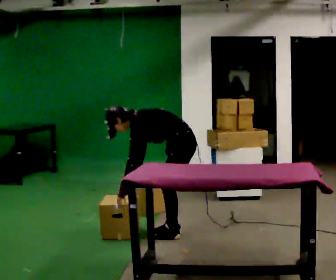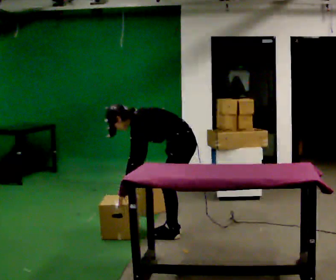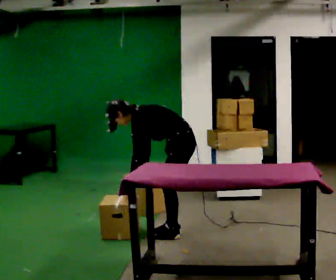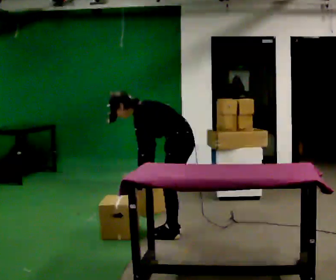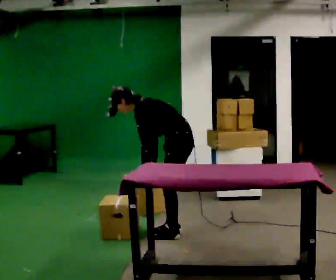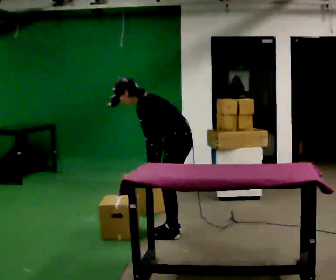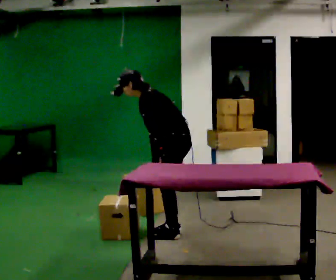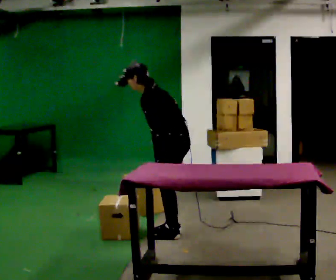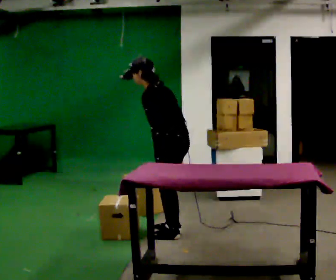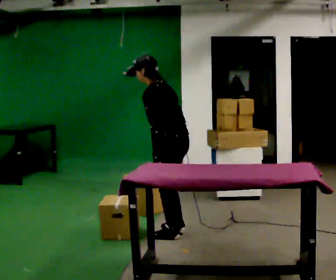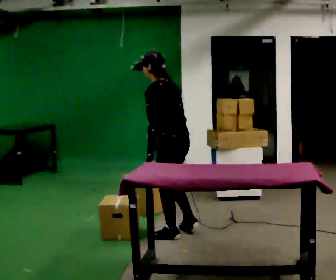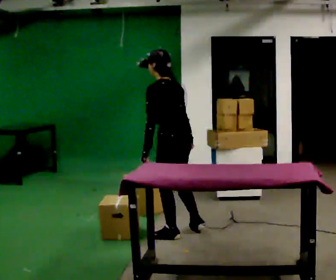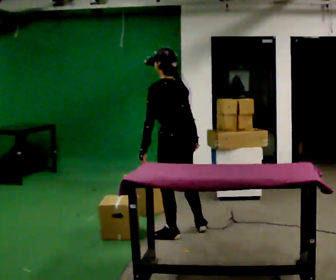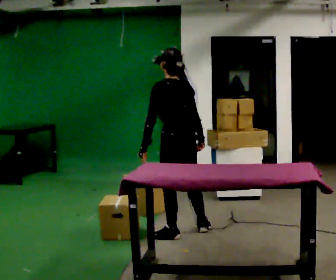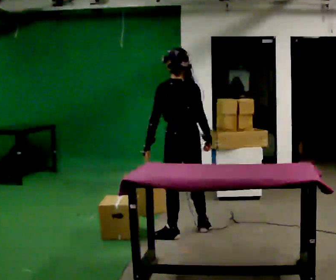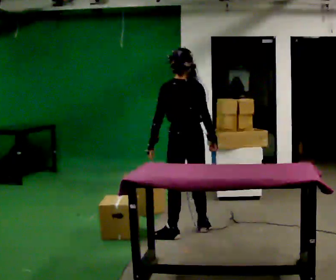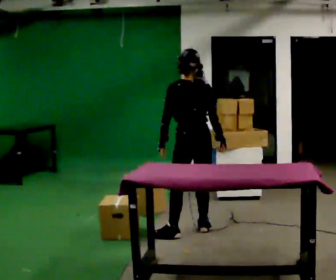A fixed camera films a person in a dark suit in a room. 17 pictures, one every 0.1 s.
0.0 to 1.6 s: The person turns about 60 degrees to their right, clockwise seen from above, so the part of the body nearest the lens slides to the left. The upper body goes upward. In the picture the upper body tilts clockwise, shoulders to the right, as they lean back or straighten. In the picture their right hand goes to the right.
The film runs forward here.
